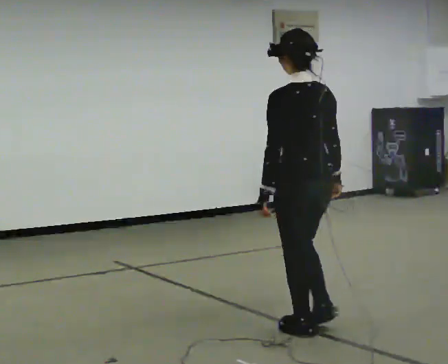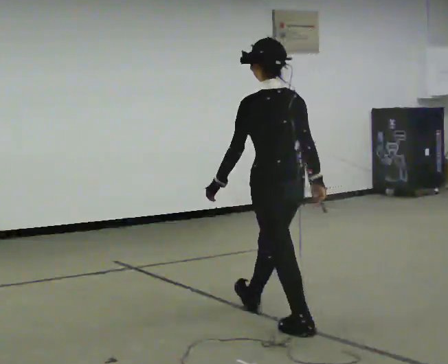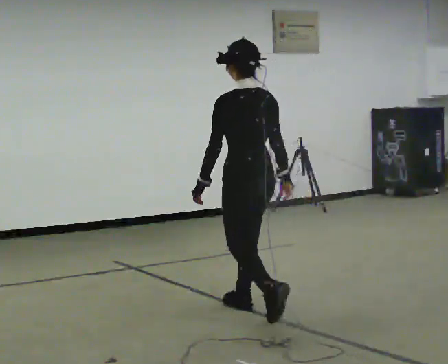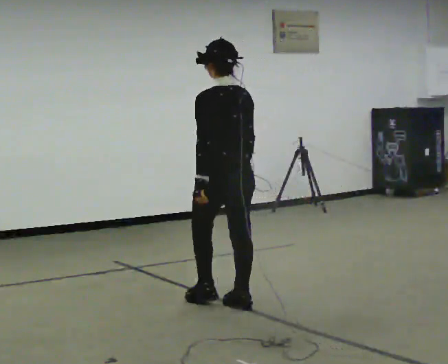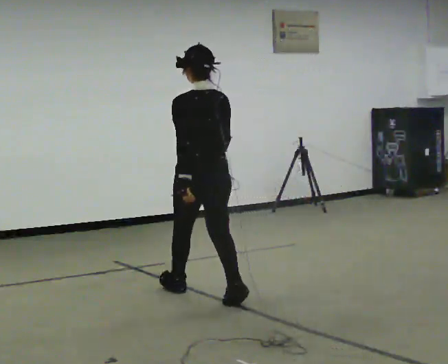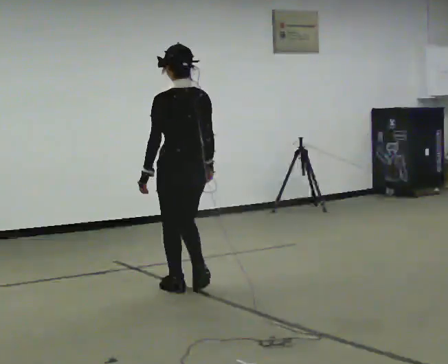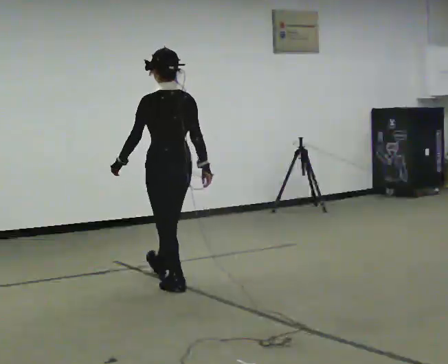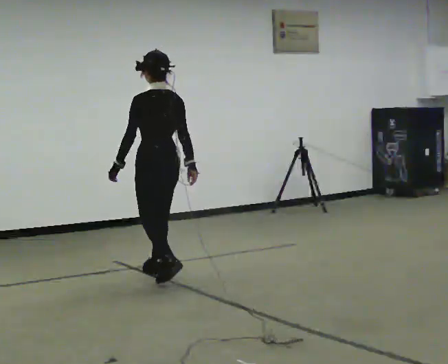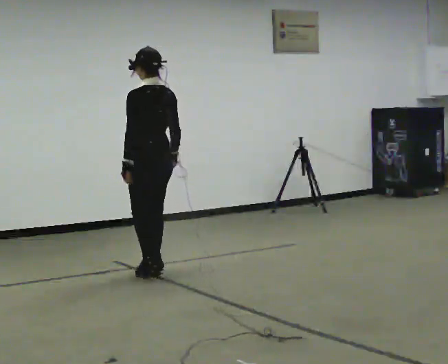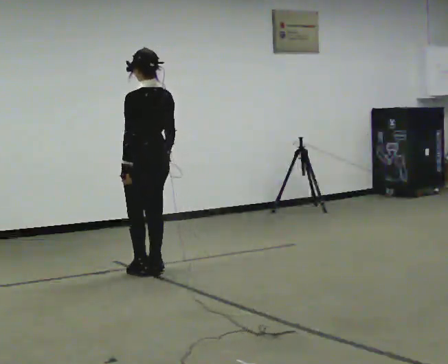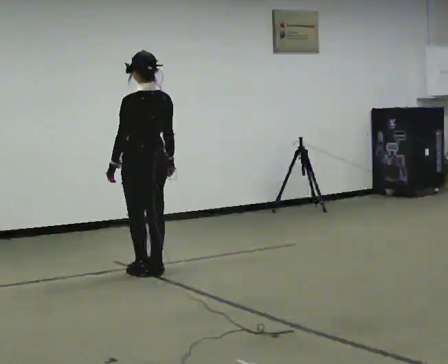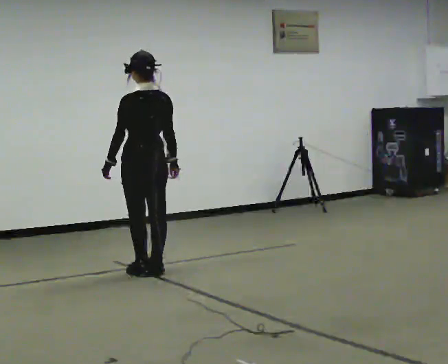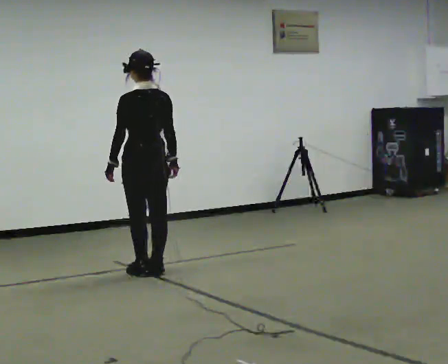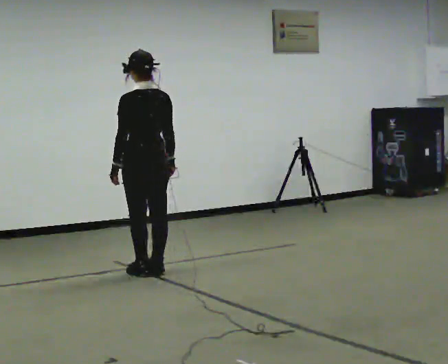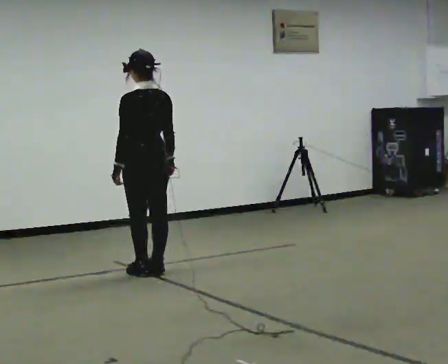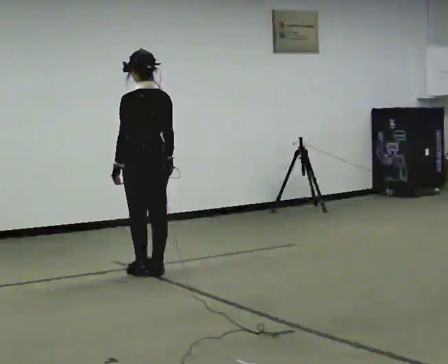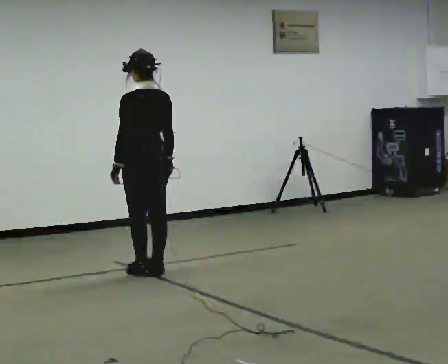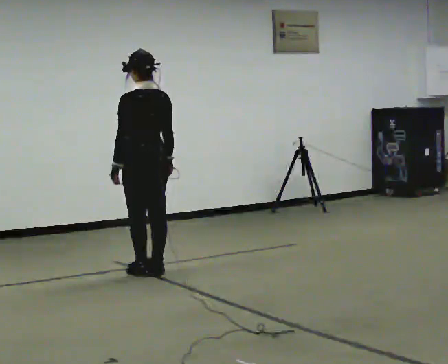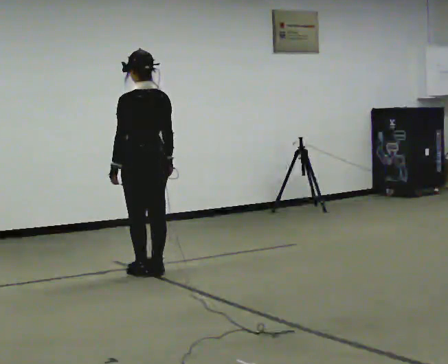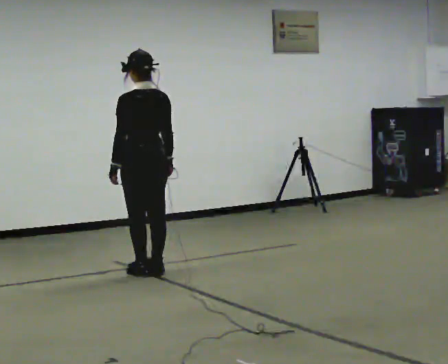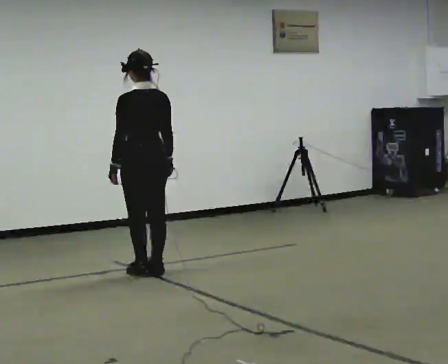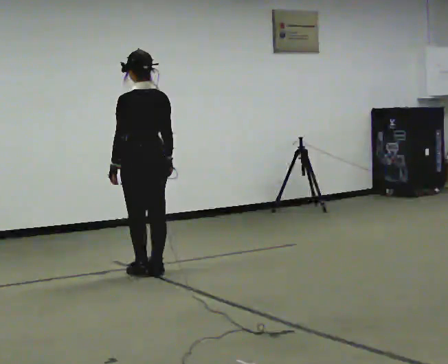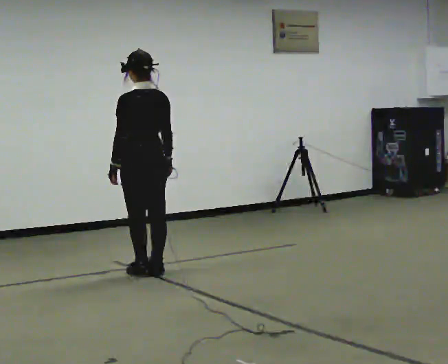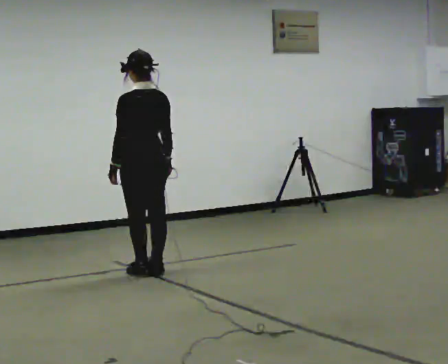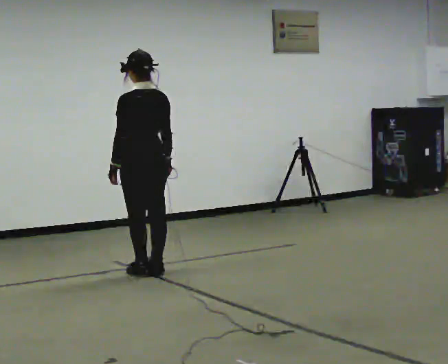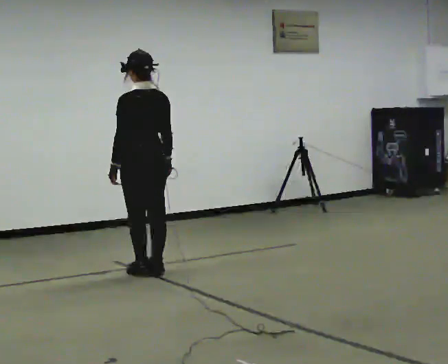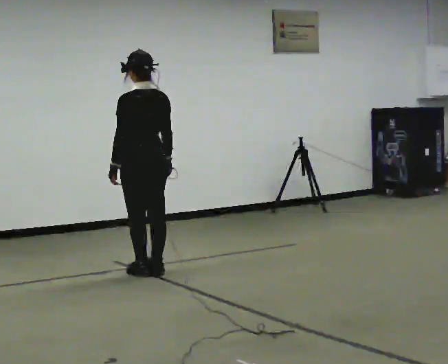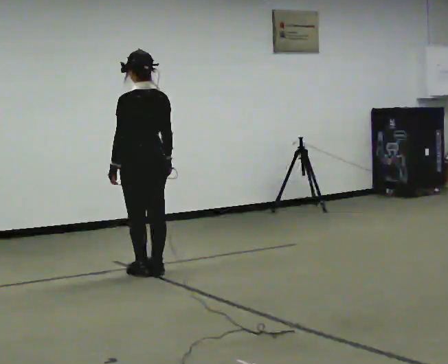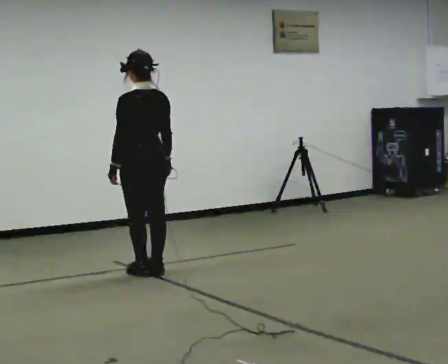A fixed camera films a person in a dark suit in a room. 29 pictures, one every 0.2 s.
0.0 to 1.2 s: In the picture they go away from the camera and to the left, about 1.5 m in 2 steps, which for them is forward.
1.2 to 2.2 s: In the picture they go away from the camera and to the left, about 0.5 m in 2 steps, which for them is forward.
2.2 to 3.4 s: The person moves a little, or ends about where they began.
3.4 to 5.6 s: The person keeps their place and pose.
The film runs forward here.
